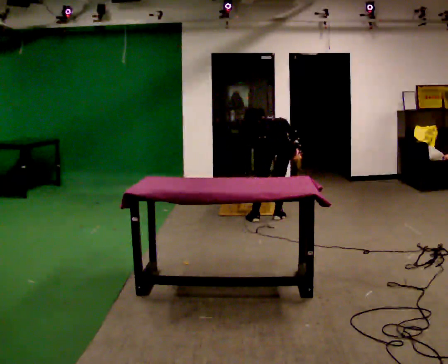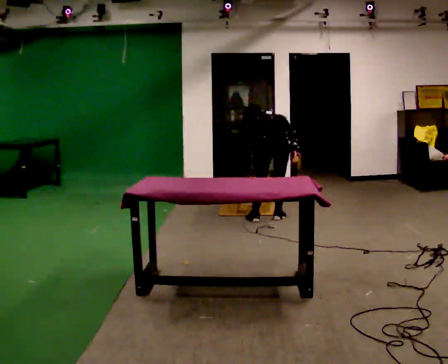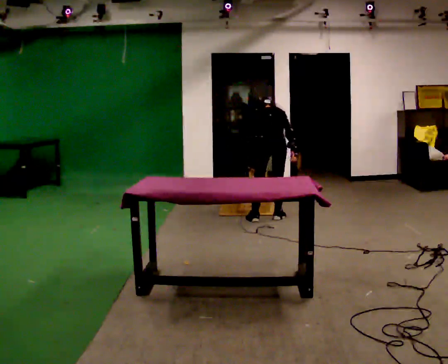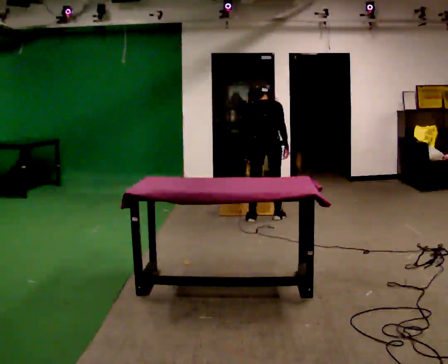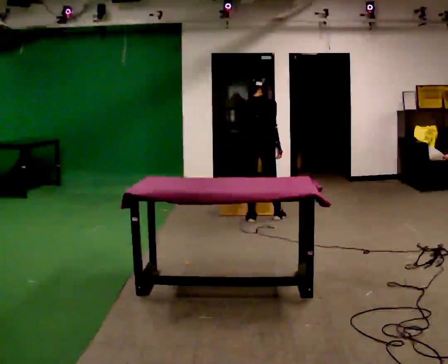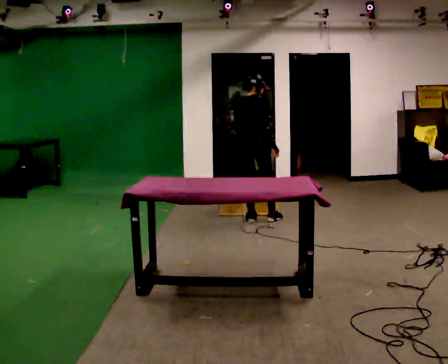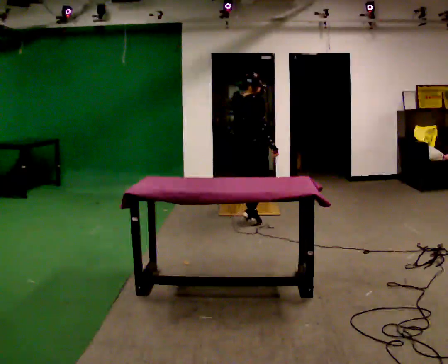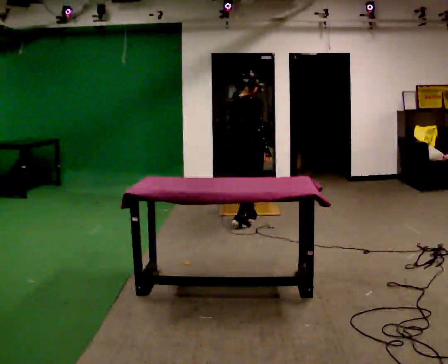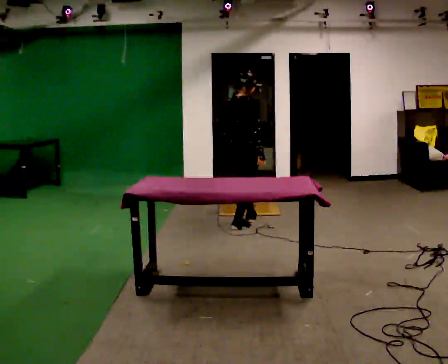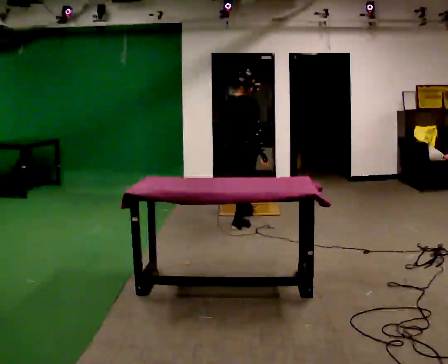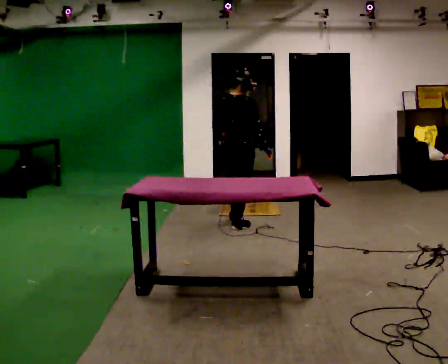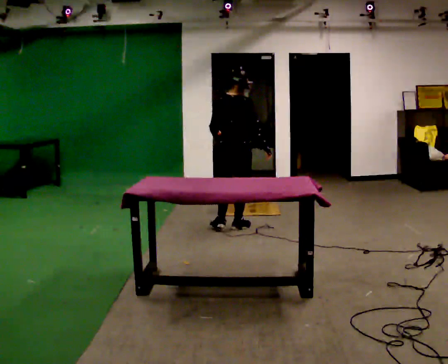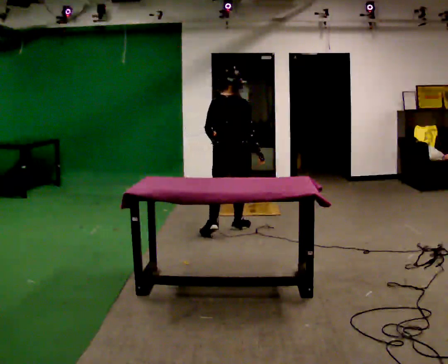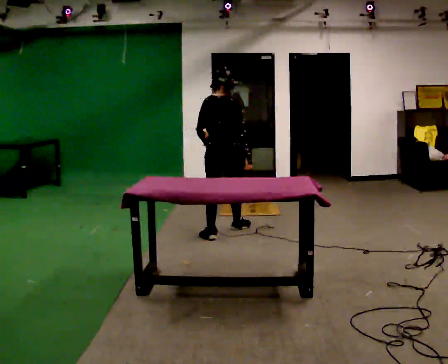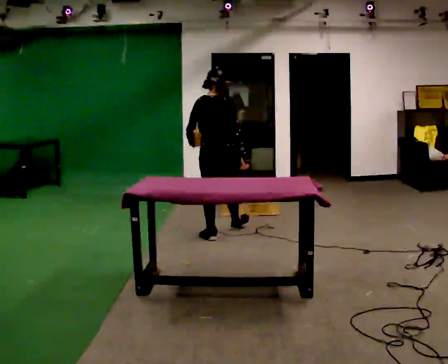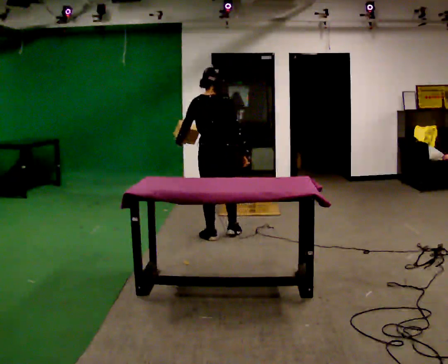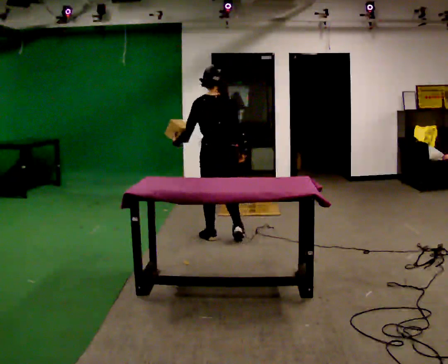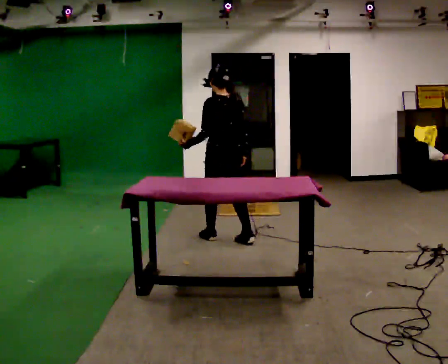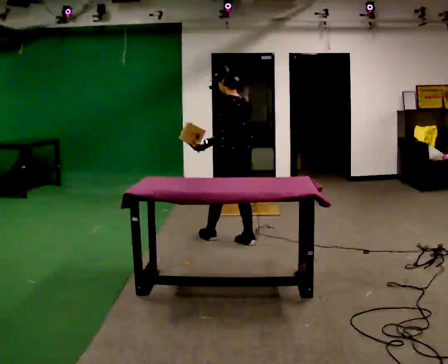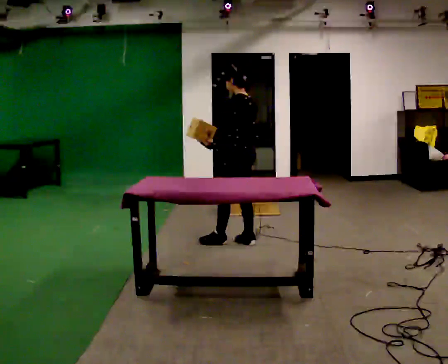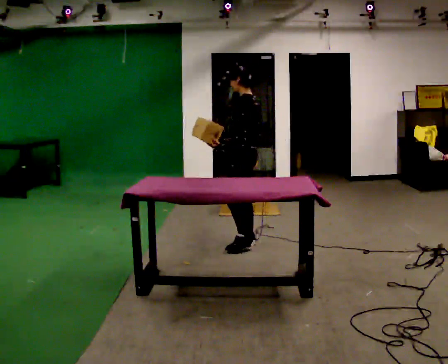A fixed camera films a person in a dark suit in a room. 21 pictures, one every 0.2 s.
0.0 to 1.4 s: The part of the body nearest the lens slides to the left as the person turns to their right by about 45 degrees. In the picture they go to the left, about 0.25 m in 1 step, which for them is to their left. The upper body goes upward. The upper body tips toward the camera, its near side rolling downward, as they lean back or straighten.
1.4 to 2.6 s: The part of the body nearest the lens slides to the right as the person turns to their left by about 45 degrees. In the picture they go toward the camera and to the left, about 0.5 m in 1 step, which for them is backward.
2.6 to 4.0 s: The part of the body nearest the lens slides to the right as the person turns to their left by about 90 degrees. In the picture they go toward the camera and to the right, about 0.5 m in 2 steps.
The film runs backward here.
